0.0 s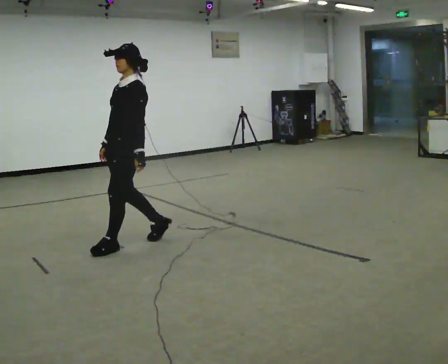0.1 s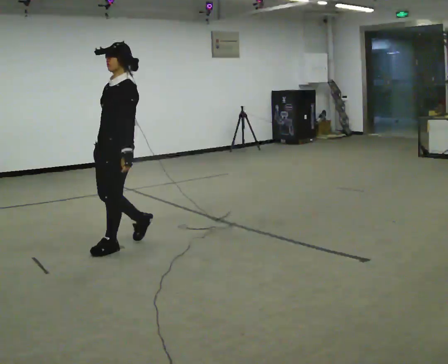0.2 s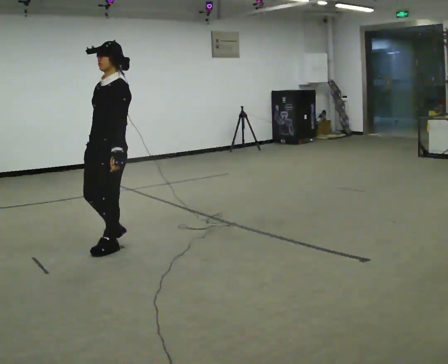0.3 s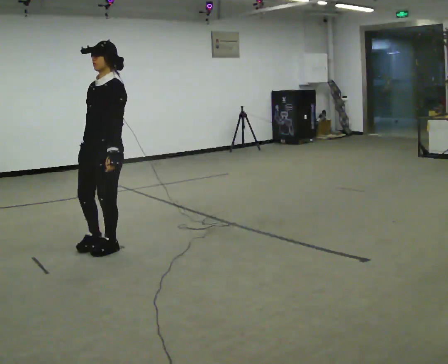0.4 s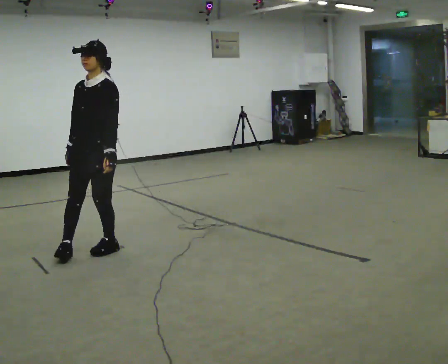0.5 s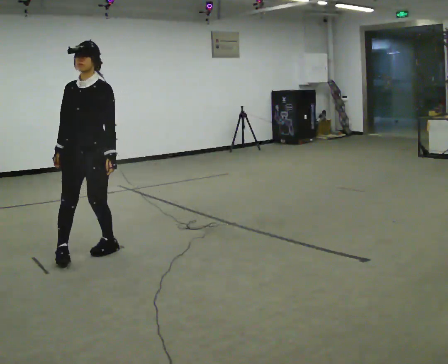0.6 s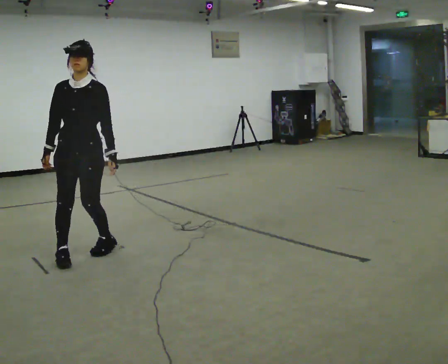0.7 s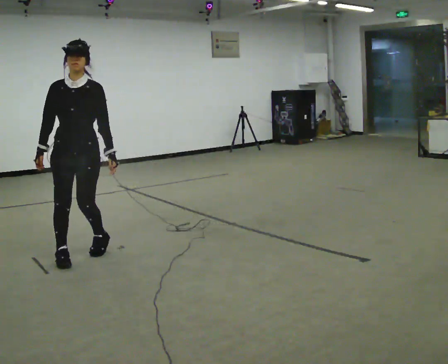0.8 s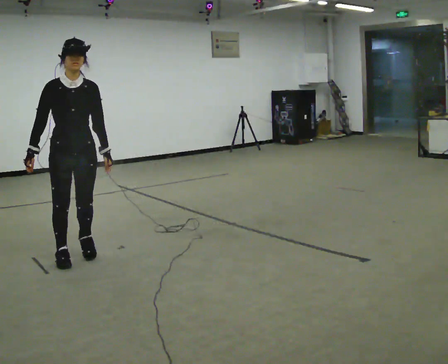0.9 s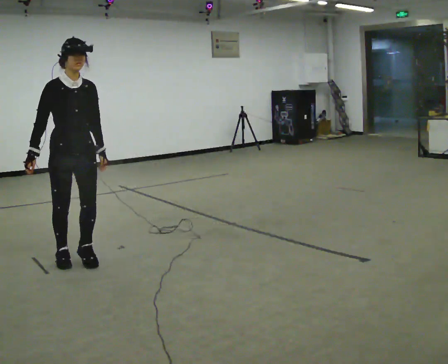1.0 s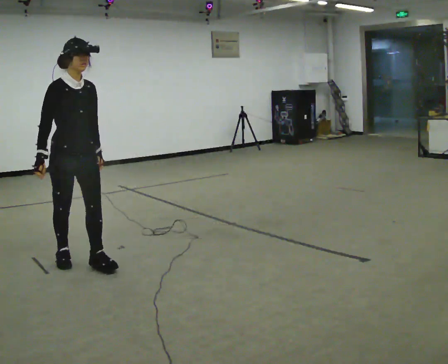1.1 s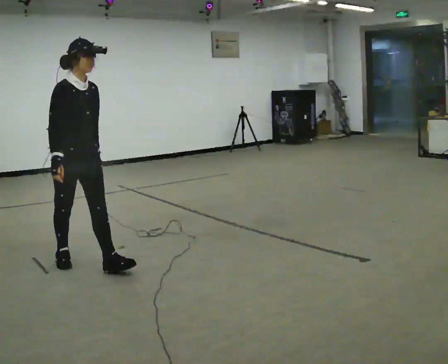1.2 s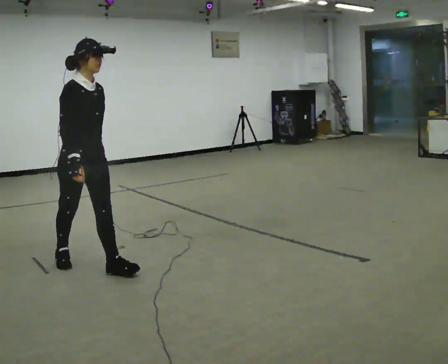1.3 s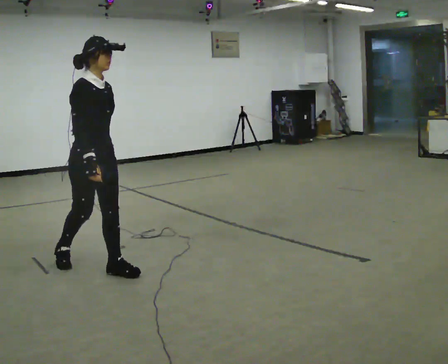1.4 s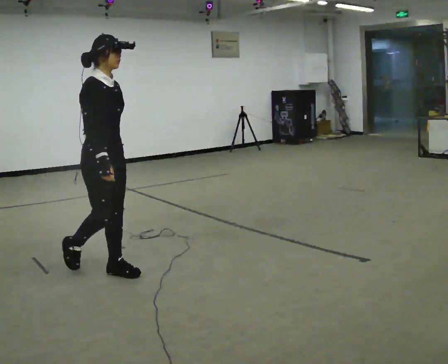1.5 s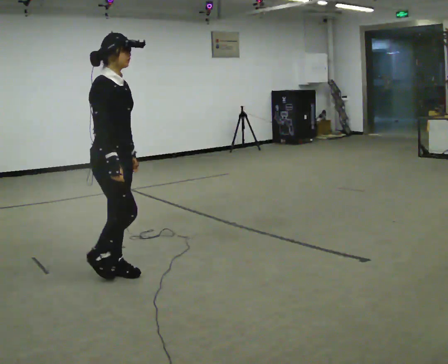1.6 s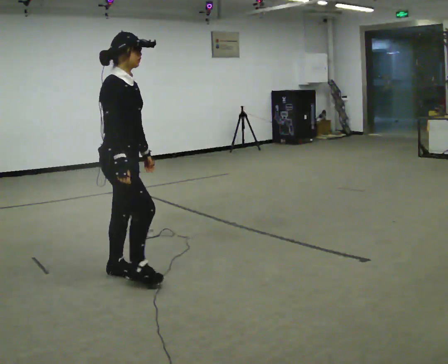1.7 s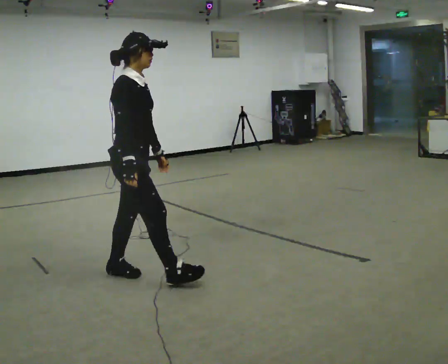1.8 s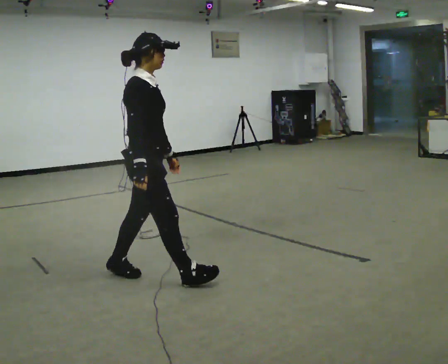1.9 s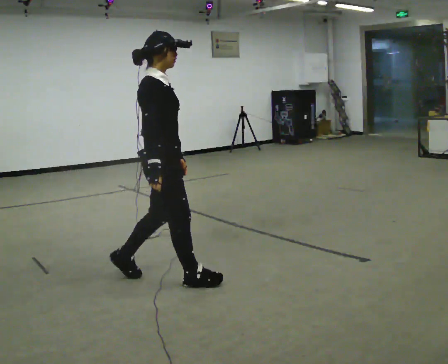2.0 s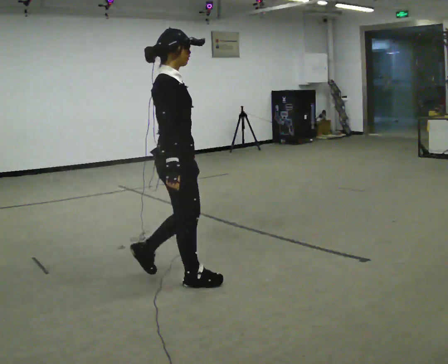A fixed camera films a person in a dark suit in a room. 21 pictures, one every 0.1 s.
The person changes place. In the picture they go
toward the camera.
The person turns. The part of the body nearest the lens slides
to the right.
0.0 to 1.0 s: The person turns about 105 degrees to their left, counterclockwise seen from above, so the part of the body nearest the lens slides to the right. In the picture they go to the left and toward the camera, about 0.5 m in 1 step.
1.0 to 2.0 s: The person turns about 45 degrees to their left, counterclockwise seen from above, so the part of the body nearest the lens slides to the right. In the picture they go to the right and toward the camera, about 1 m in 2 steps, which for them is forward.
The film runs forward here.
